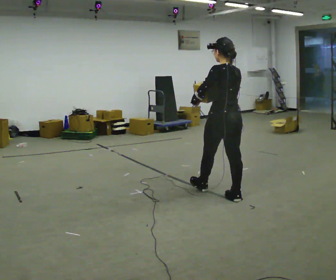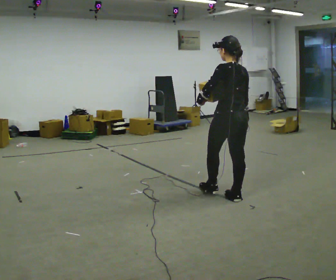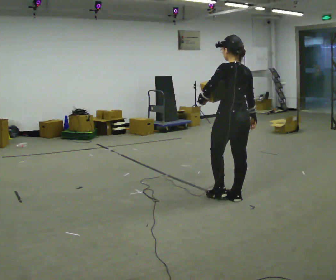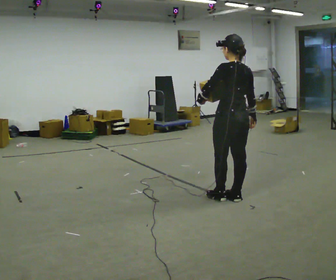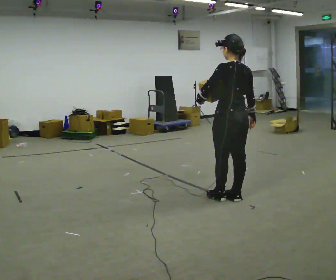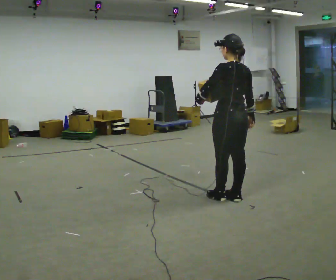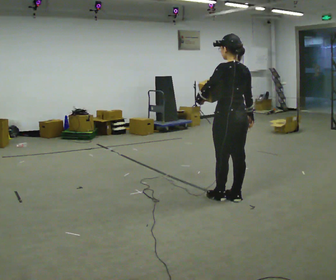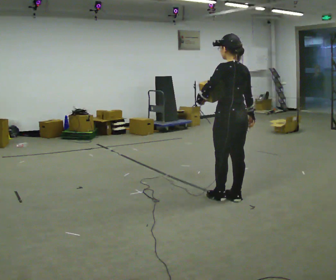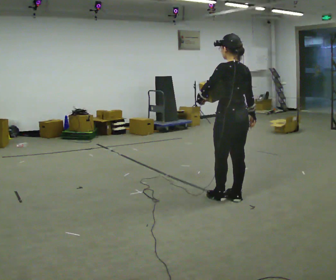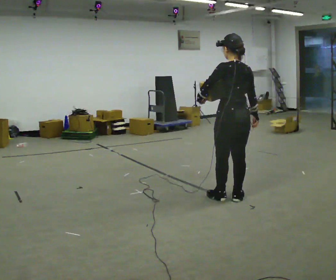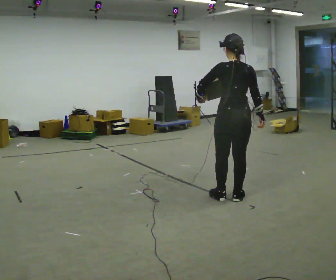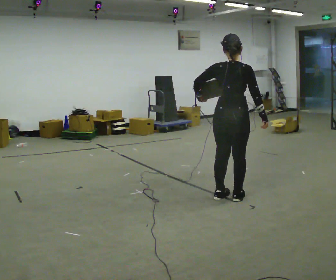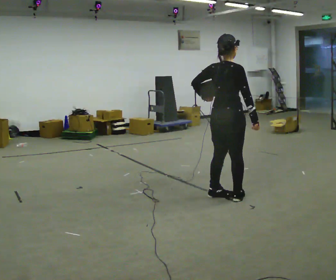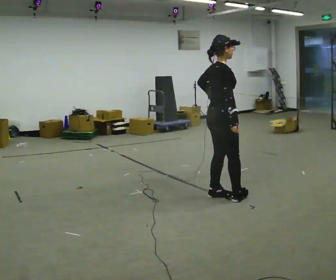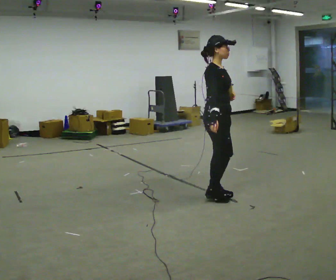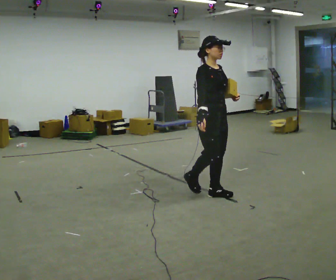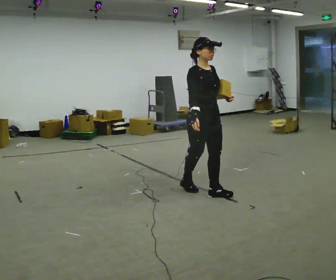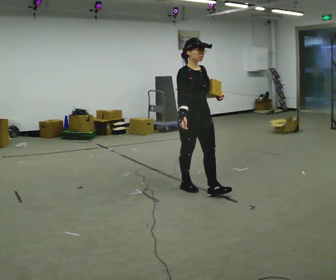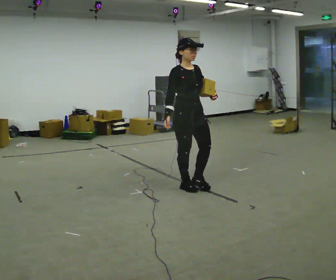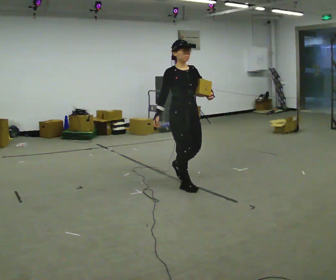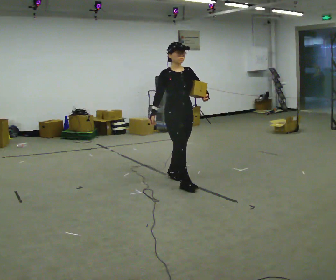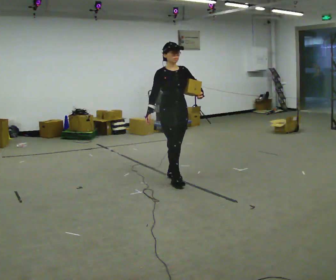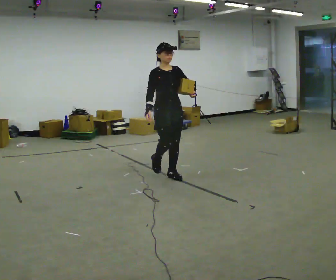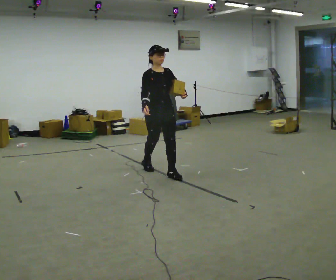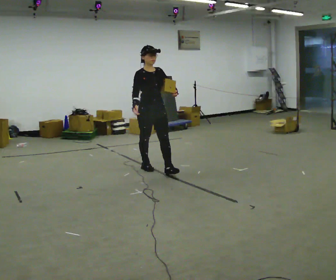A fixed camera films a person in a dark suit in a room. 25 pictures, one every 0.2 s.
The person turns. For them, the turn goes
to their right.
The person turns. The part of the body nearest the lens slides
to the left.
0.0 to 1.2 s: The person moves a little, or ends about where they began.
1.2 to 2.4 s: The person turns about 75 degrees to their right, clockwise seen from above, so the part of the body nearest the lens slides to the left.
2.4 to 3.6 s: The person turns about 105 degrees to their right, clockwise seen from above, so the part of the body nearest the lens slides to the left. In the picture they go to the left, about 0.5 m in 2 steps.
3.6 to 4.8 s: In the picture they go to the left and away from the camera, about 1 m in 2 steps, which for them is backward.
The film runs backward here.
